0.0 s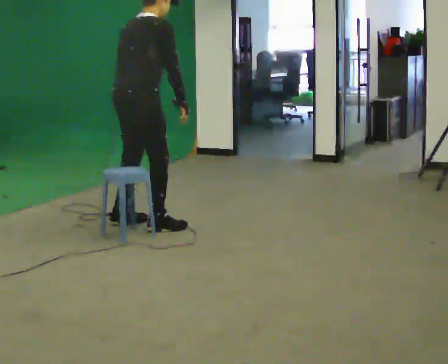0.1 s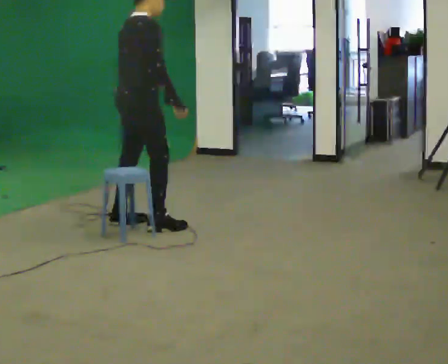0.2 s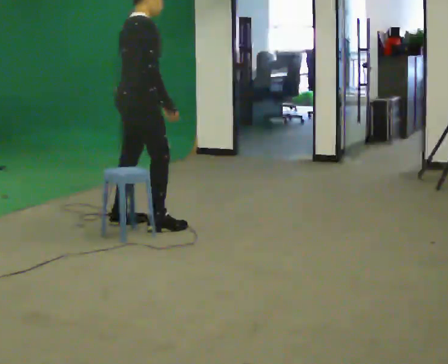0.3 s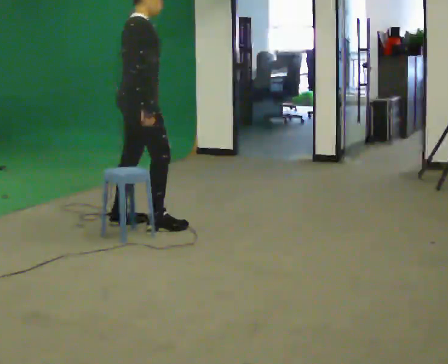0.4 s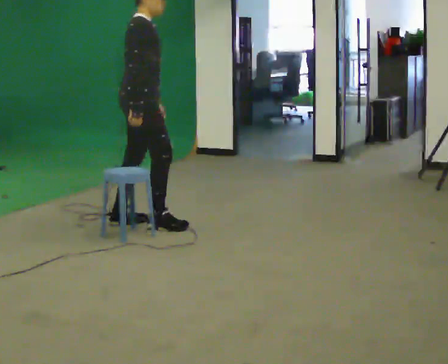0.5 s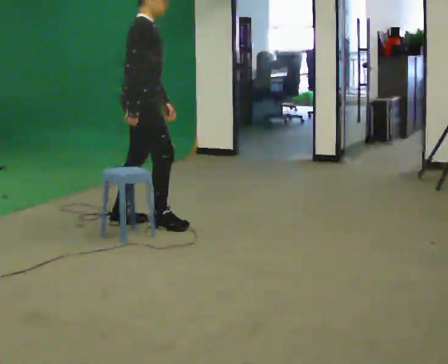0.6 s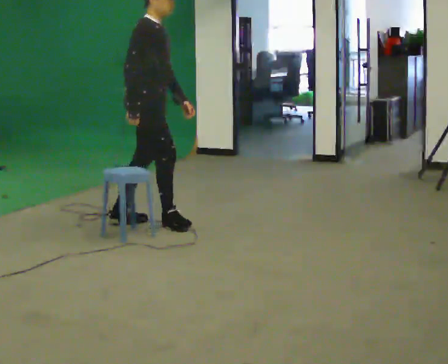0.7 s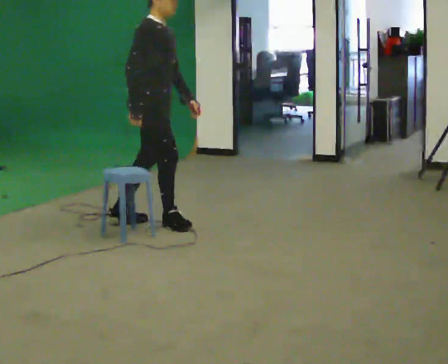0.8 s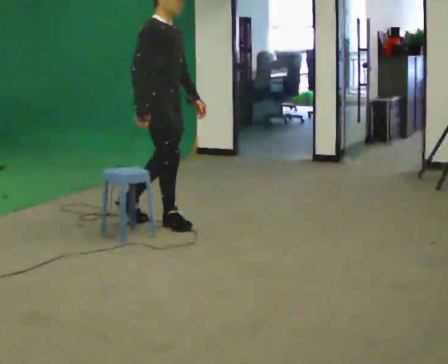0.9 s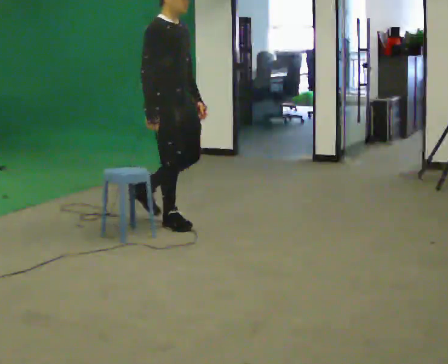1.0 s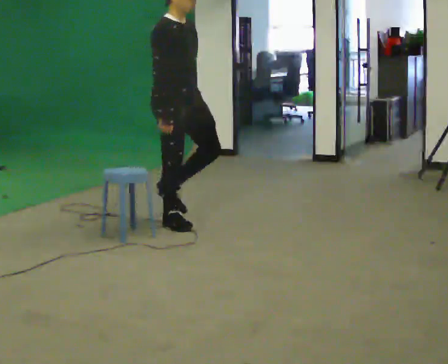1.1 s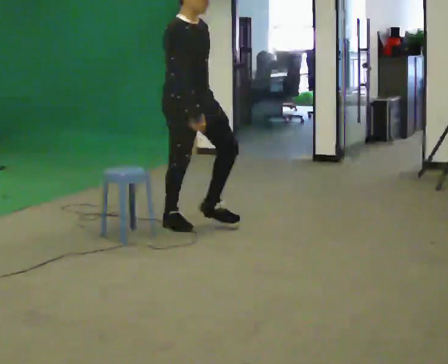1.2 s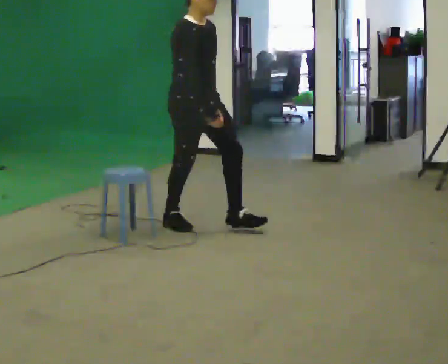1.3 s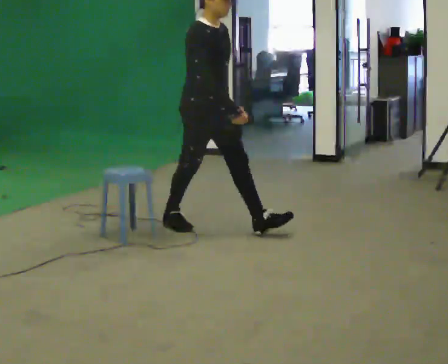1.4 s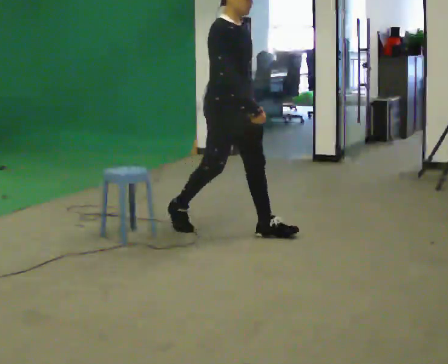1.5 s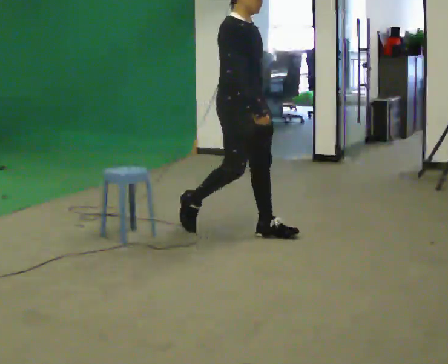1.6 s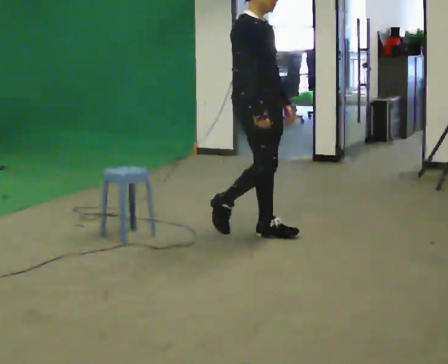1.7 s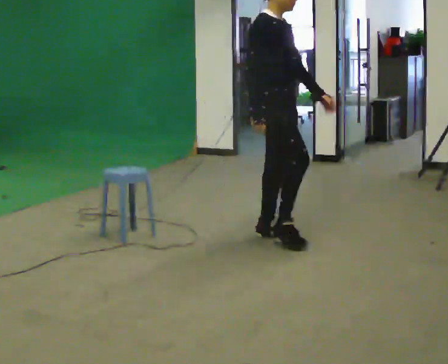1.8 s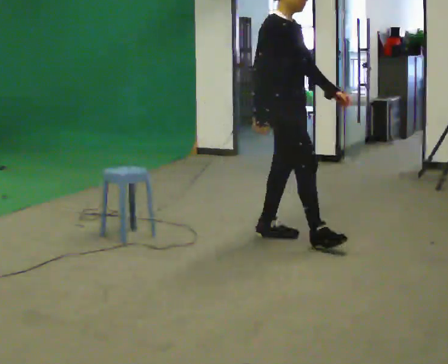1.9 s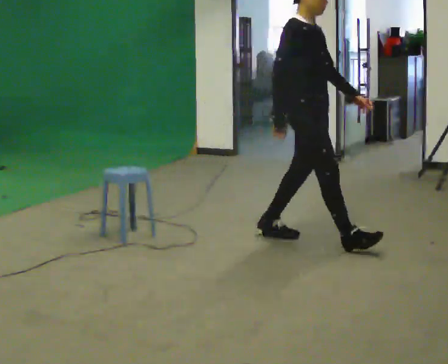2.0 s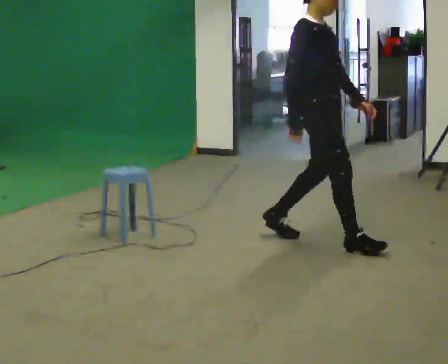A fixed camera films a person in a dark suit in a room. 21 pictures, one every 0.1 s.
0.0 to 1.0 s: The part of the body nearest the lens slides to the left as the person turns to their right by about 60 degrees. In the picture they go to the right, about 0.25 m in 1 step.
1.0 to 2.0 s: In the picture they go to the right and toward the camera, about 1 m in 2 steps, which for them is forward.
The film runs forward here.
